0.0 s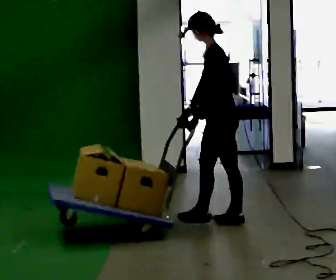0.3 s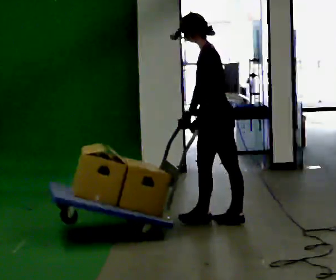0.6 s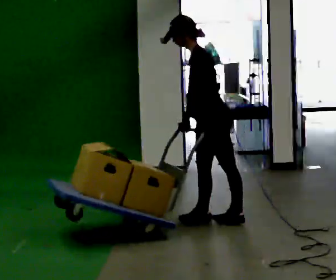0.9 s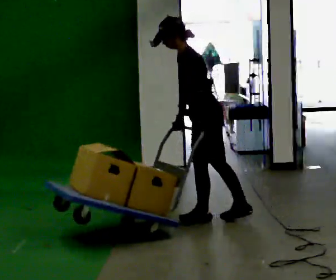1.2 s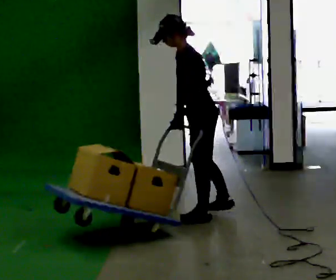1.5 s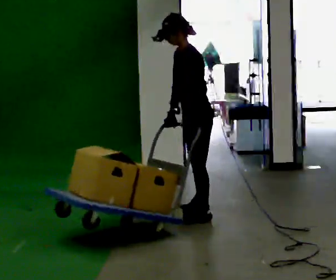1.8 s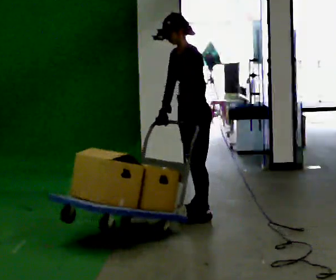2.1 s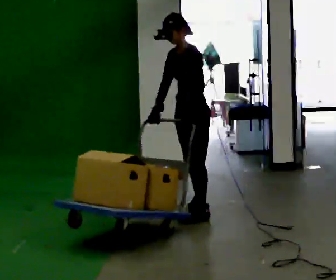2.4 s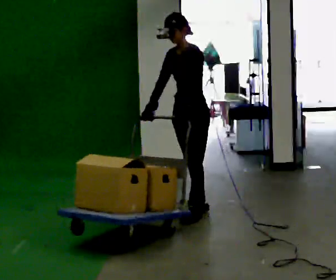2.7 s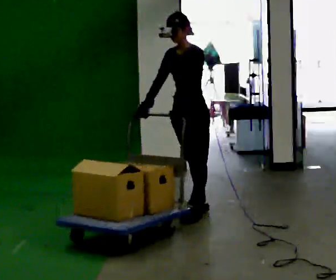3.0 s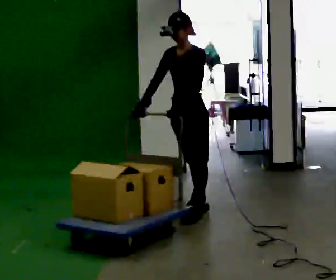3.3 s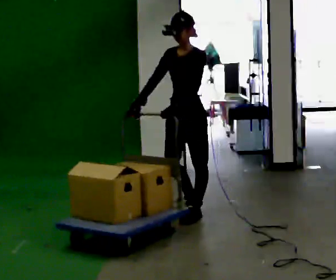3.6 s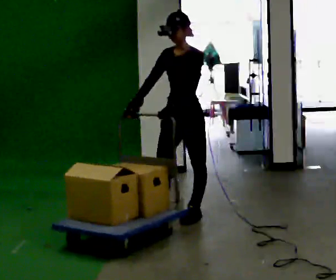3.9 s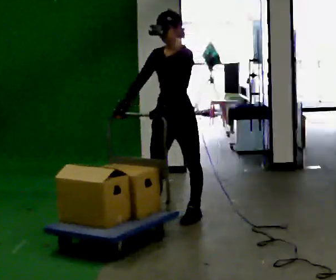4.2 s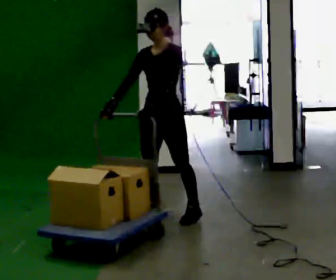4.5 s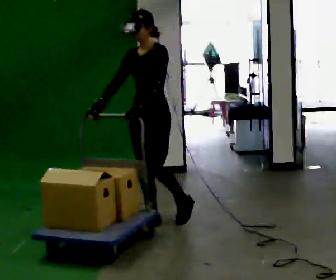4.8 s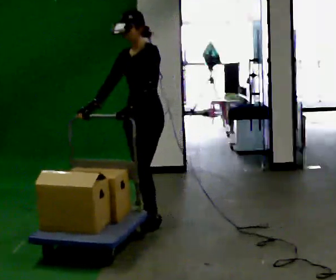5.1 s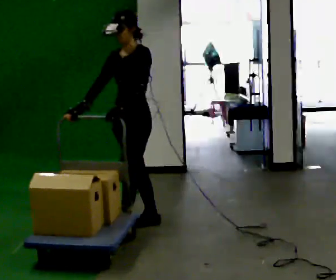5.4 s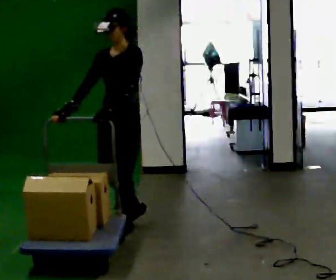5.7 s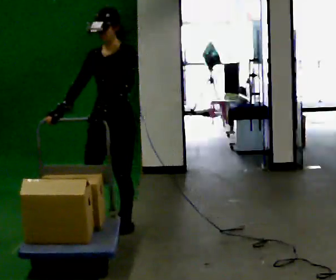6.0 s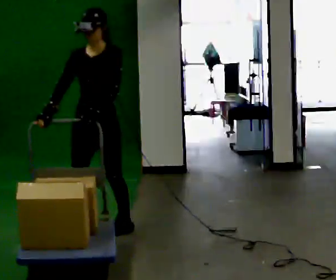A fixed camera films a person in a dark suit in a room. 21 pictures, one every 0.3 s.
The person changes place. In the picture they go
to the left.
The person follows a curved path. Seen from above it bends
counterclockwise.
0.0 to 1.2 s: In the picture they go to the left, about 0.25 m in 1 step, which for them is forward.
1.2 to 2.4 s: Seen from above the body turns counterclockwise, about 45 degrees: to their left, with its near side sliding to the right. In the picture they go away from the camera, about 0.25 m in 1 step, which for them is to their right.
2.4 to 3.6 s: In the picture they go toward the camera, about 0.25 m, which for them is forward and to their left.
3.6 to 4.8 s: In the picture they go to the left and toward the camera, about 0.25 m in 1 step, which for them is forward.
4.8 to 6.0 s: The person turns about 30 degrees to their left, counterclockwise seen from above, so the part of the body nearest the lens slides to the right. In the picture they go to the left and toward the camera, about 0.5 m in 2 steps, which for them is forward.
The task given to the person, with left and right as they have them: Push the cart across the room and back. The operator will change how much is loaded on it between takes and will tell you each time.
The film runs forward here.
